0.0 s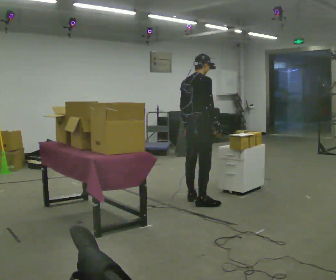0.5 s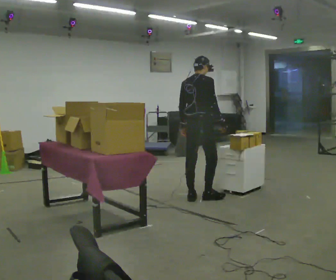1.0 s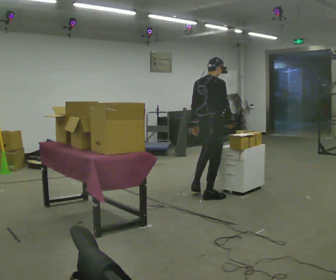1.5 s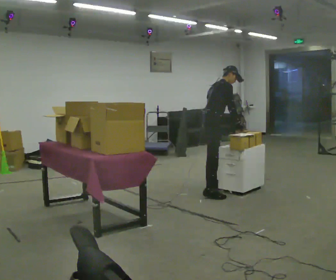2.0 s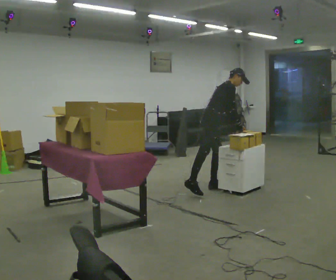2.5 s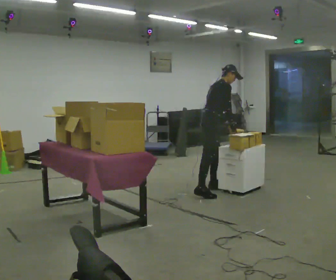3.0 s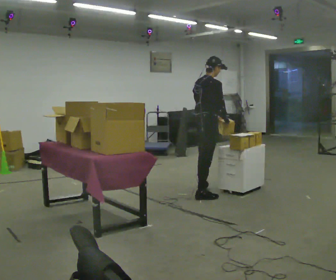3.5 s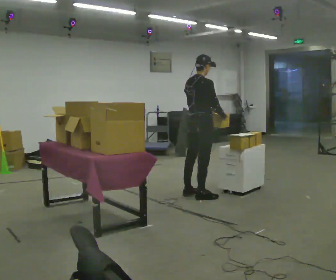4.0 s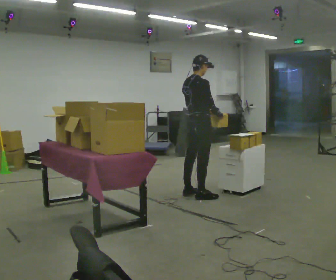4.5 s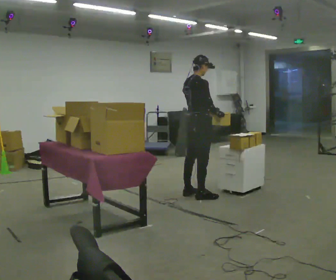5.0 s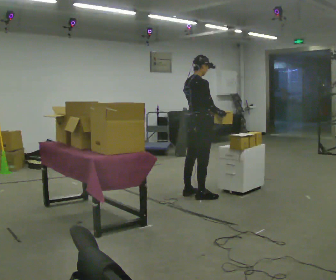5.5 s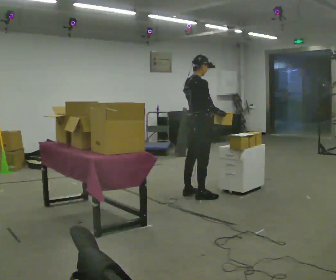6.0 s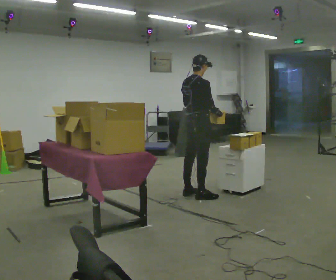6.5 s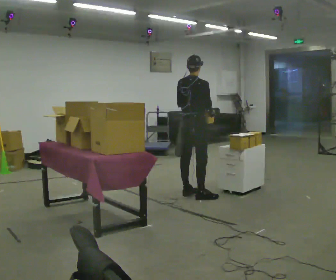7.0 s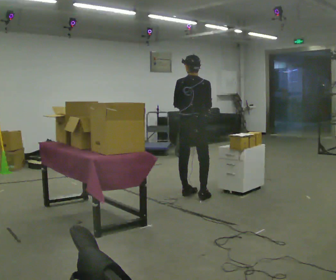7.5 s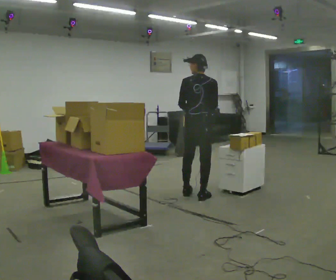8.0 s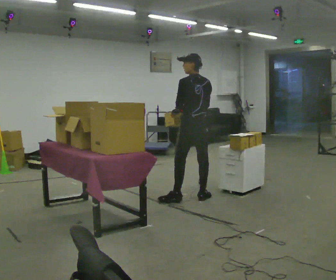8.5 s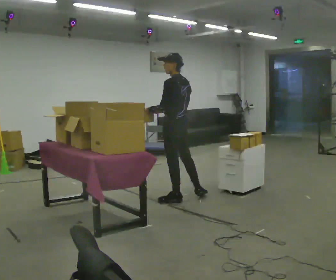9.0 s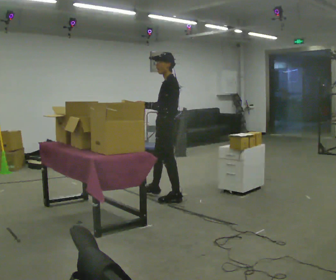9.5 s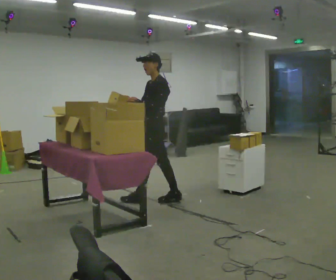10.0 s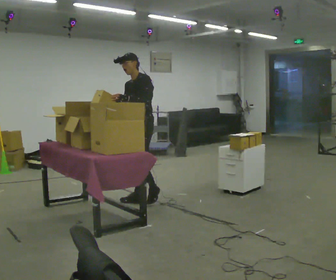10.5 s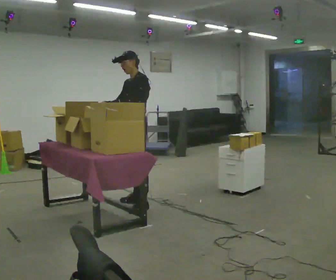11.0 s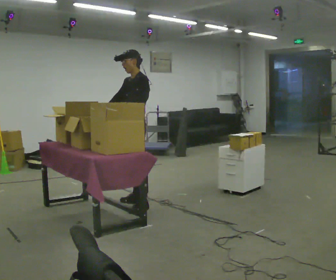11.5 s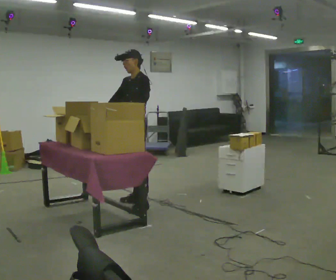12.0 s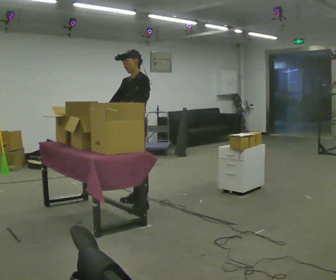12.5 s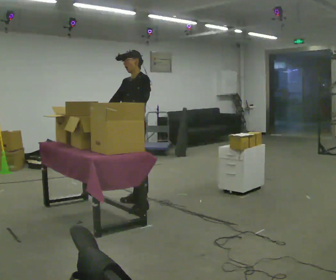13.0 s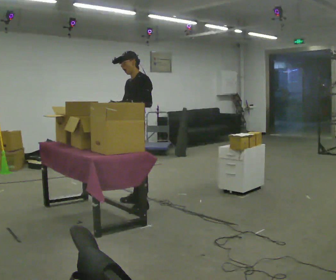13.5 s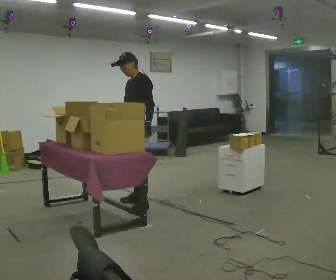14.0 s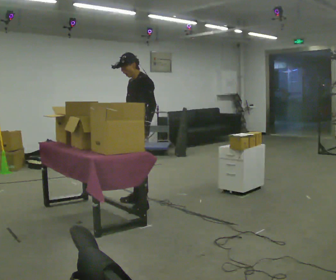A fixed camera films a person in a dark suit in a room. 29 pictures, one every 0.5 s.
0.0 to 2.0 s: The part of the body nearest the lens slides to the left as the person turns to their right by about 45 degrees. In the picture they go away from the camera, about 0.75 m in 3 steps, which for them is forward. In the picture the upper body tilts clockwise, shoulders to the right, as they bend forward.
2.0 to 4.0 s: The part of the body nearest the lens slides to the right as the person turns to their left by about 30 degrees. In the picture they go toward the camera and to the left, about 0.25 m in 2 steps, which for them is backward and to their right. In the picture the upper body tilts counterclockwise, shoulders to the left, as they lean back or straighten.
4.0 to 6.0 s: The person moves a little, or ends about where they began.
6.0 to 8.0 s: The person turns about 75 degrees to their left, counterclockwise seen from above, so the part of the body nearest the lens slides to the right. In the picture their right hand goes to the left, the arm swinging clockwise.
8.0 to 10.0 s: Seen from above the body turns counterclockwise, about 105 degrees: to their left, with its near side sliding to the right. In the picture they go to the left, about 0.75 m in 1 step.
10.0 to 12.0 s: In the picture they go toward the camera, about 0.25 m in 1 step, which for them is to their left and forward.
12.0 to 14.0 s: The person moves a little, or ends about where they began.
The film runs forward here.
